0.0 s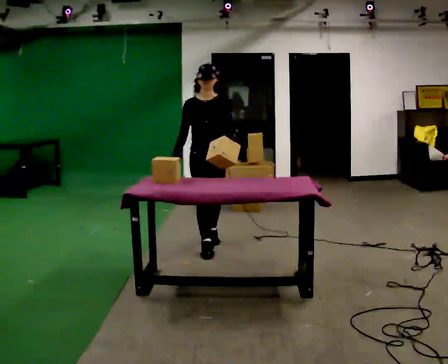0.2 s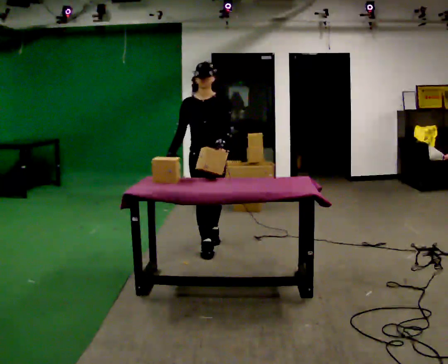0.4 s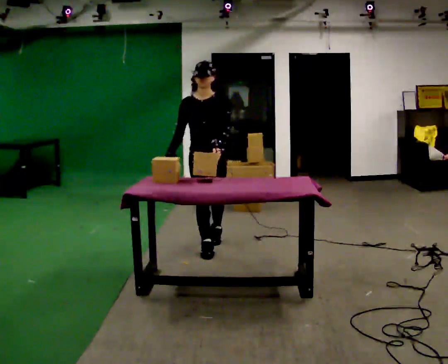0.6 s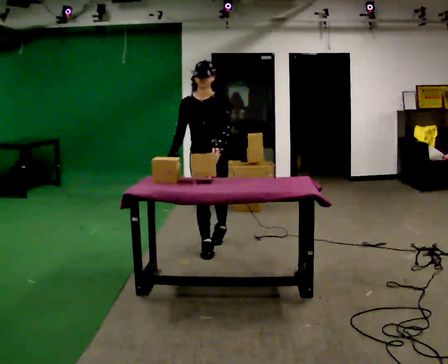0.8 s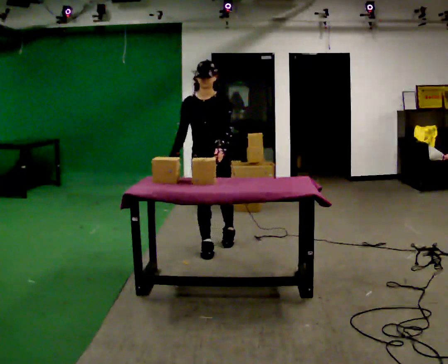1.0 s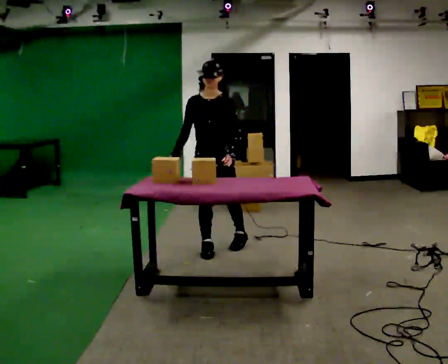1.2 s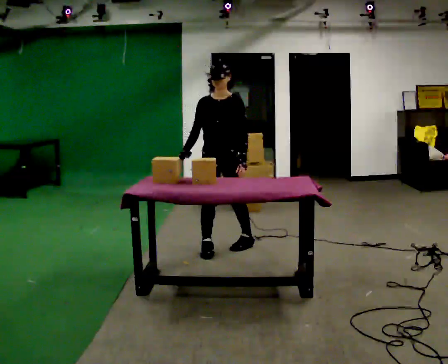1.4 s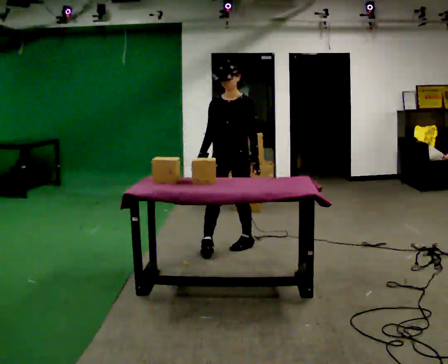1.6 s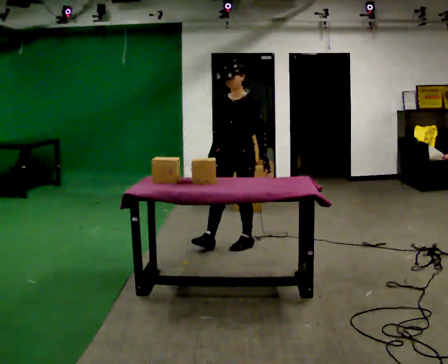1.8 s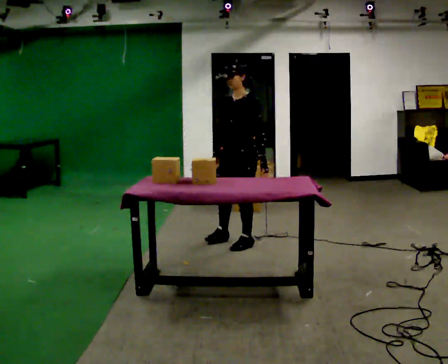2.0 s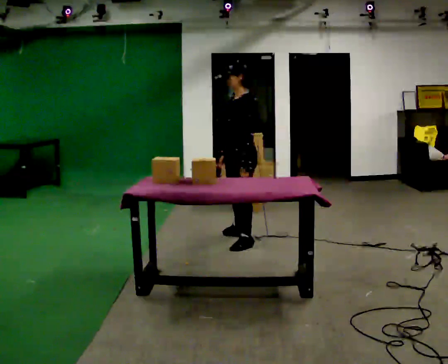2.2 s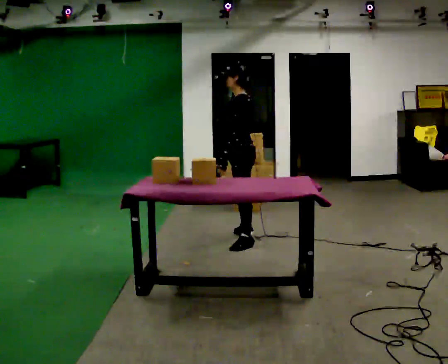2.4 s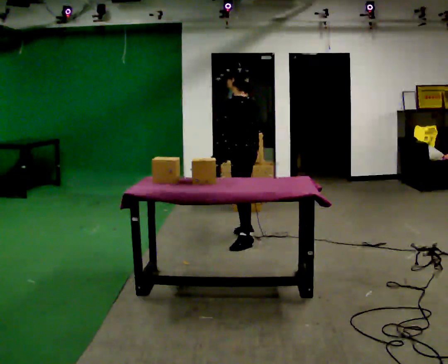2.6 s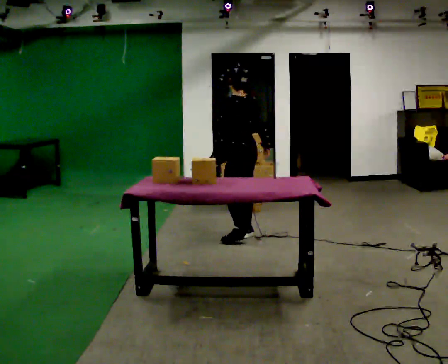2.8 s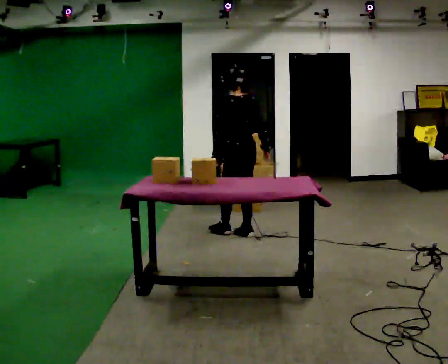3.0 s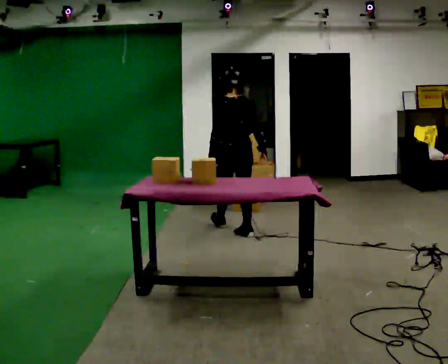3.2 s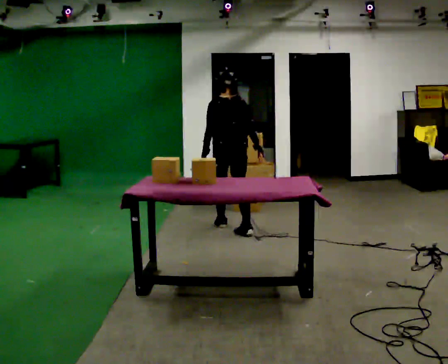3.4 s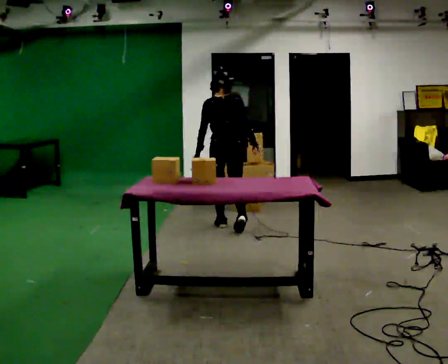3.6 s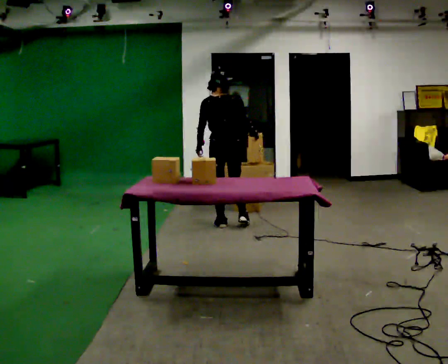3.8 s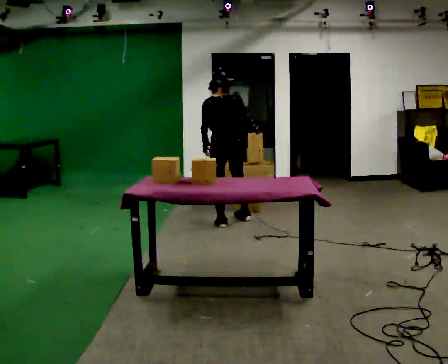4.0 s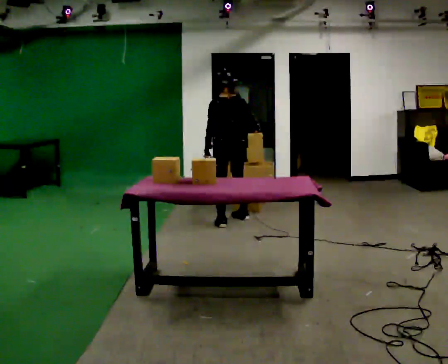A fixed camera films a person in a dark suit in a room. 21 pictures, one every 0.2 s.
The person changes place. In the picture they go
away from the camera.
The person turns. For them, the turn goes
to their right.
0.0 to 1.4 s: The part of the body nearest the lens slides to the left as the person turns to their right by about 30 degrees. In the picture they go to the right, about 0.25 m in 1 step, which for them is to their left.
1.4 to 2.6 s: The part of the body nearest the lens slides to the left as the person turns to their right by about 105 degrees. In the picture they go away from the camera, about 0.5 m in 1 step.
2.6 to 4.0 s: Seen from above the body turns clockwise, about 30 degrees: to their right, with its near side sliding to the left. In the picture they go away from the camera, about 0.5 m in 2 steps, which for them is forward.
The film runs forward here.
